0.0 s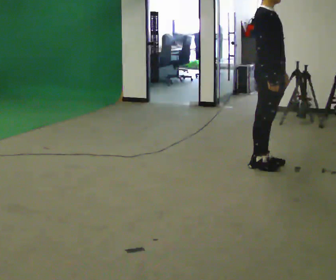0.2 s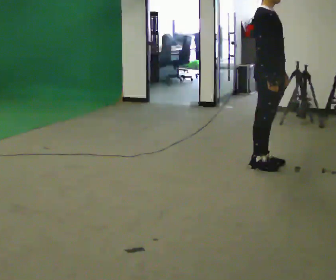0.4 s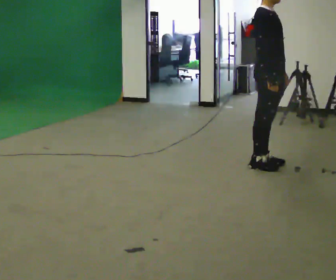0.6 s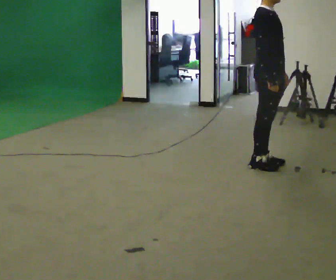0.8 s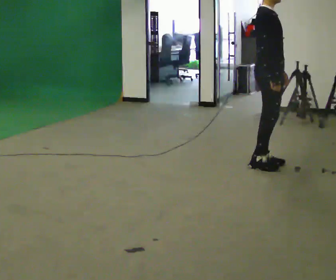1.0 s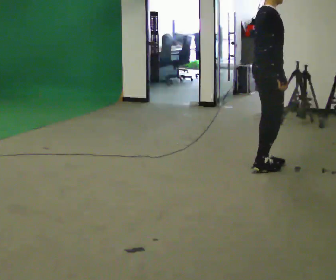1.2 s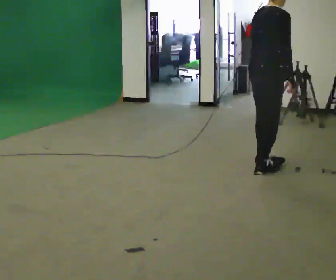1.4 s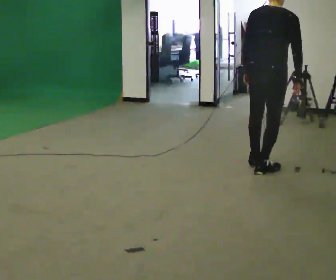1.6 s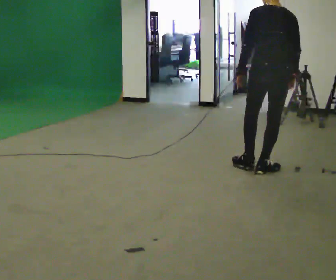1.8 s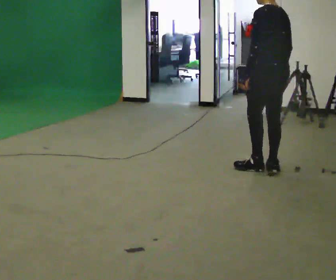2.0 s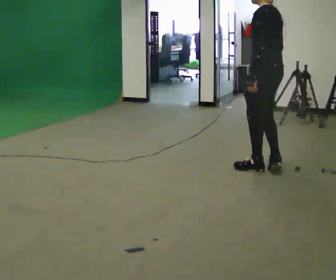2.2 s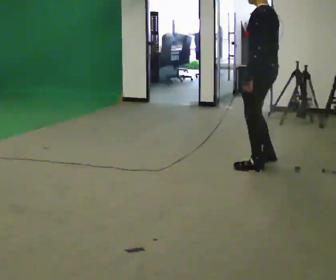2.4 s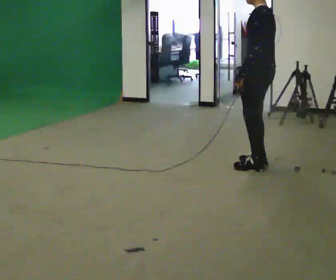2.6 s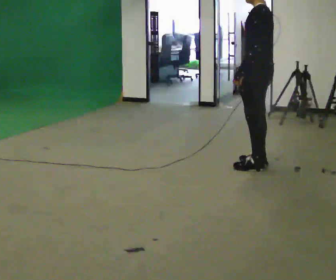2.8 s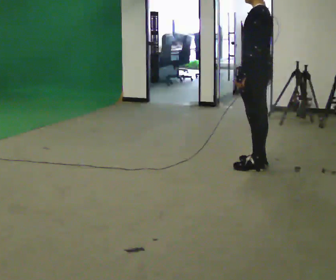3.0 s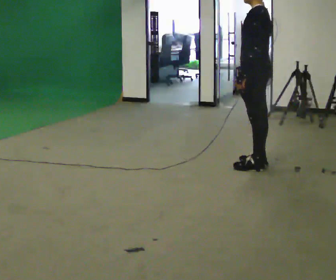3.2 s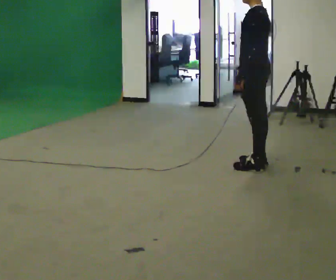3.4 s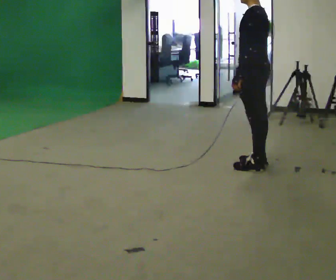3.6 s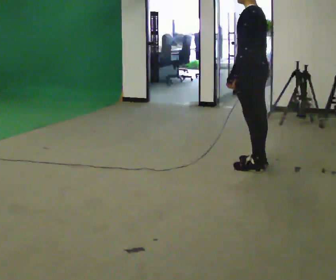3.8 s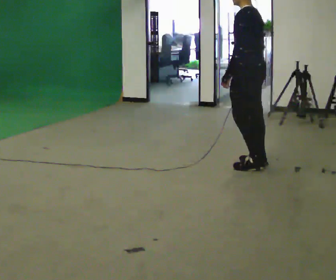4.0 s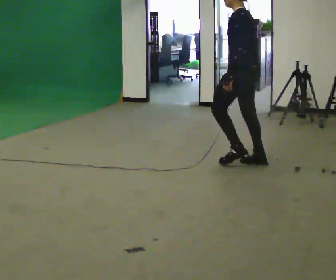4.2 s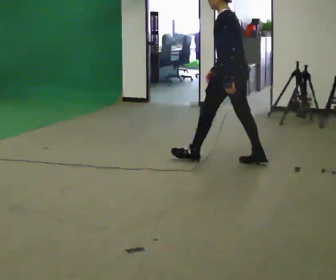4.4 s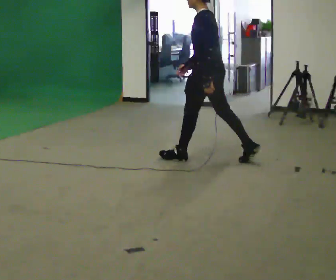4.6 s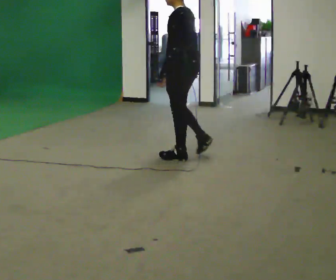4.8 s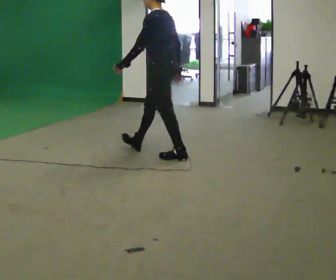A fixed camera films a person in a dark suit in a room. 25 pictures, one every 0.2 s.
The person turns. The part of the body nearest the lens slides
to the right.
The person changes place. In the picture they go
to the left.
0.0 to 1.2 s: The part of the body nearest the lens slides to the right as the person turns to their left by about 60 degrees.
1.2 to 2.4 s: Seen from above the body turns counterclockwise, about 120 degrees: to their left, with its near side sliding to the right.
2.4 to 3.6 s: The person moves a little, or ends about where they began.
3.6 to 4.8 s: In the picture they go to the left, about 1 m in 1 step, which for them is forward.
The film runs forward here.
